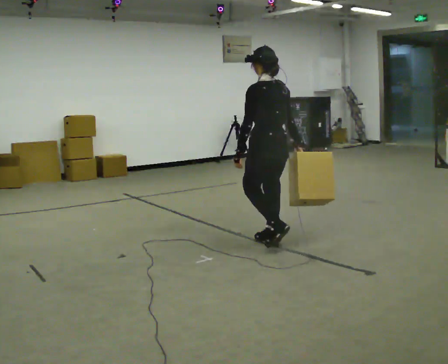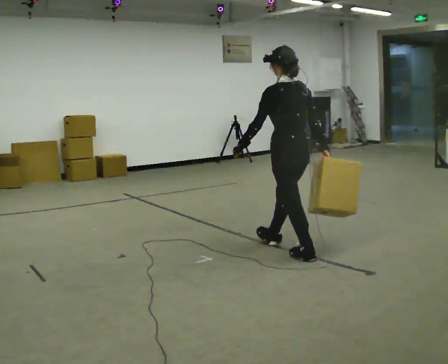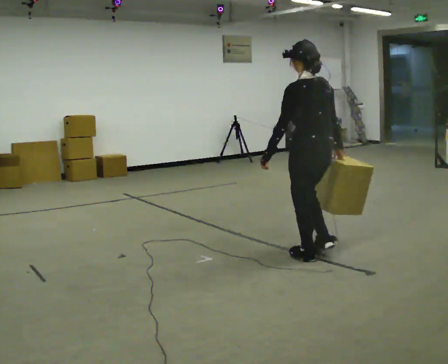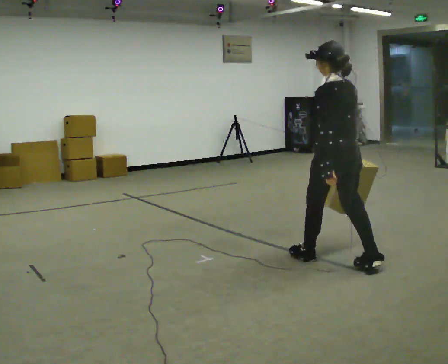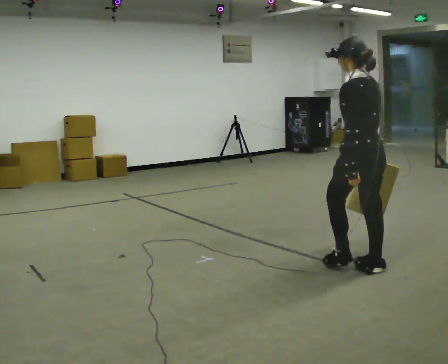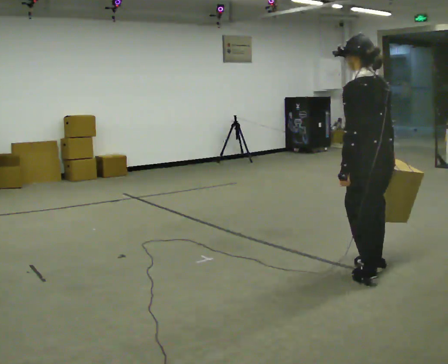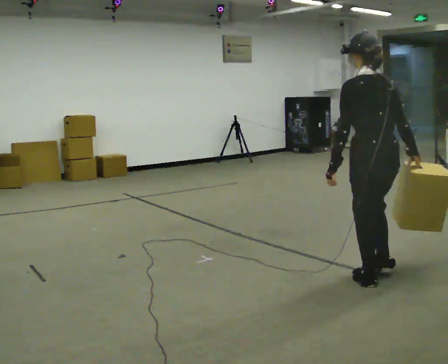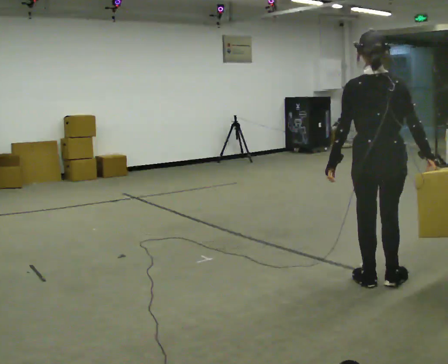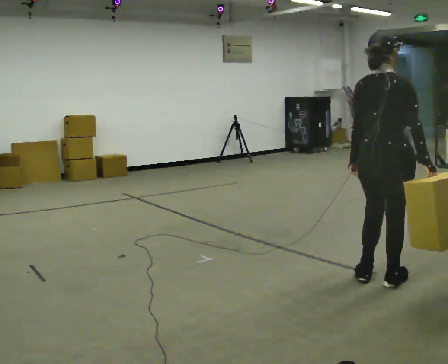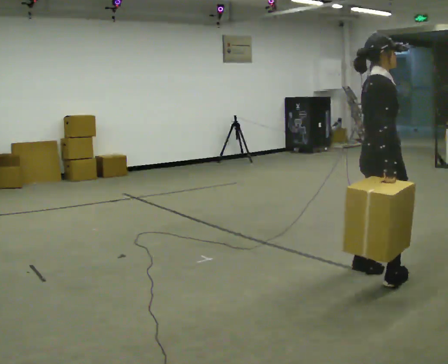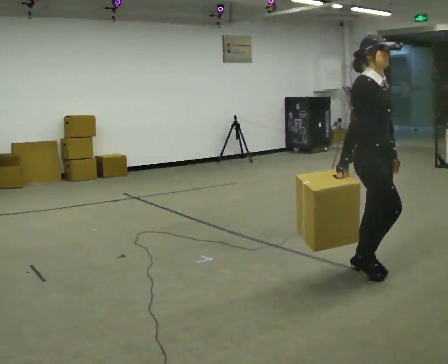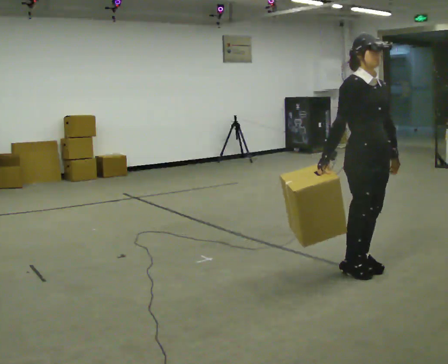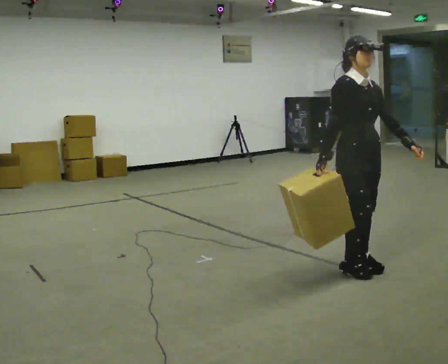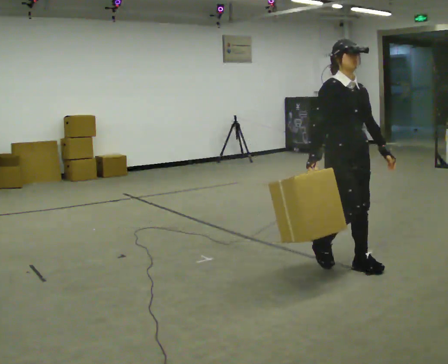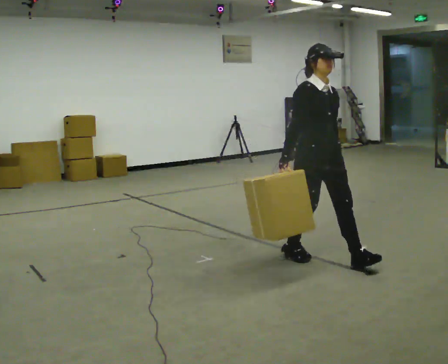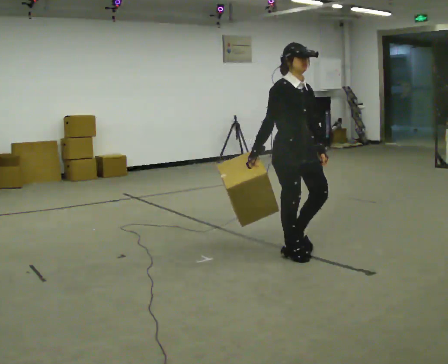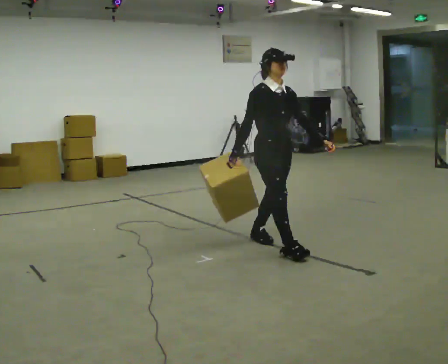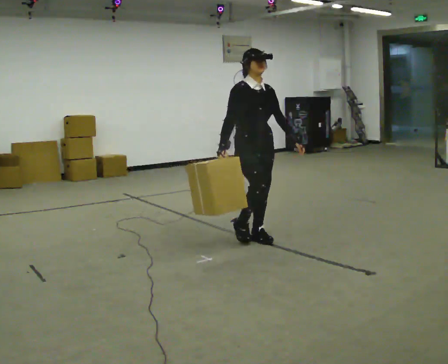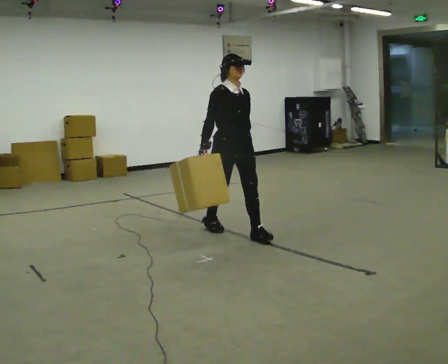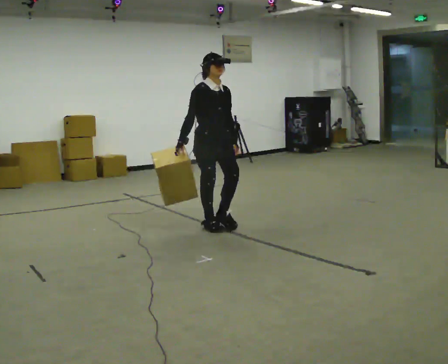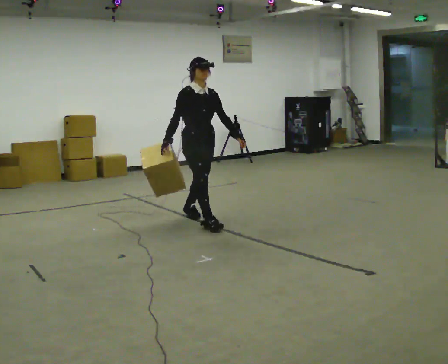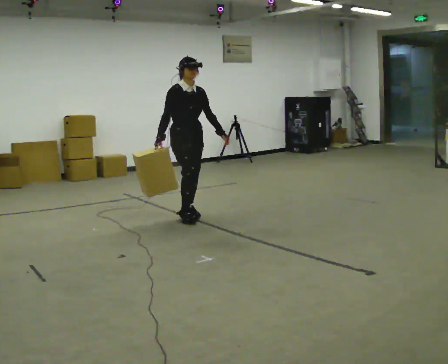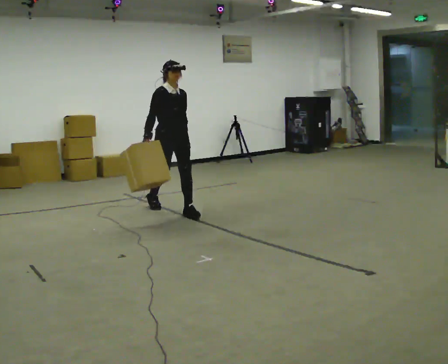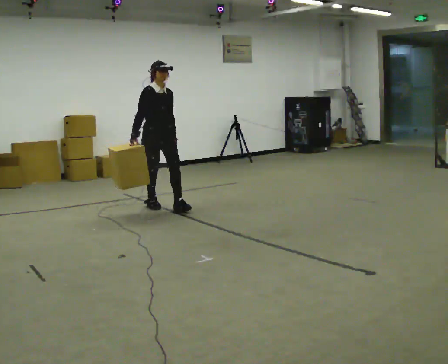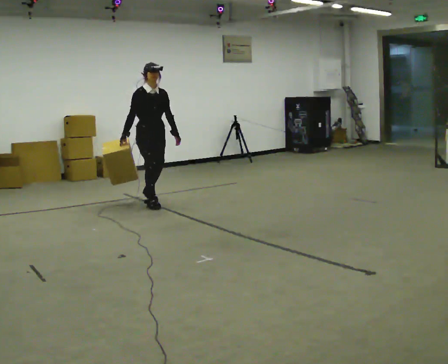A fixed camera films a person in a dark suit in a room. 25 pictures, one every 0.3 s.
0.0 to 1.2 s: In the picture they go to the right and toward the camera, about 1 m in 2 steps, which for them is backward.
1.2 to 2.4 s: The part of the body nearest the lens slides to the left as the person turns to their right by about 75 degrees. In the picture they go toward the camera, about 0.25 m in 2 steps.
2.4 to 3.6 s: The person turns about 105 degrees to their right, clockwise seen from above, so the part of the body nearest the lens slides to the left. In the picture they go away from the camera and to the left, about 0.25 m in 1 step.
3.6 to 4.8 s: In the picture they go to the left and away from the camera, about 1 m in 2 steps, which for them is backward.
4.8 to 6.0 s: In the picture they go to the left and away from the camera, about 1 m in 2 steps, which for them is backward.
6.0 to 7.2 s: In the picture they go to the left and away from the camera, about 1 m in 2 steps, which for them is backward.
The film runs backward here.
